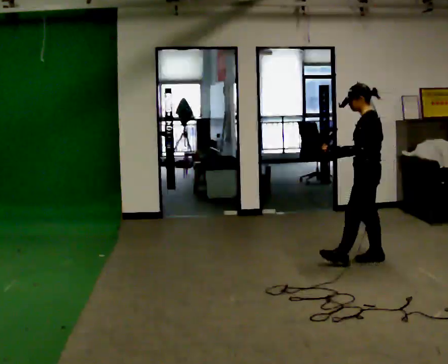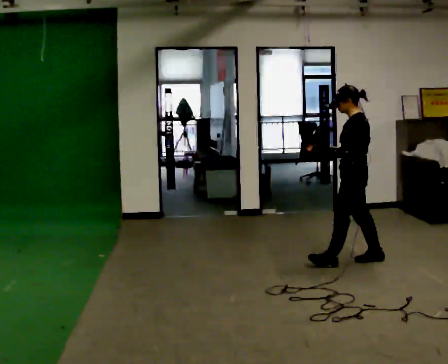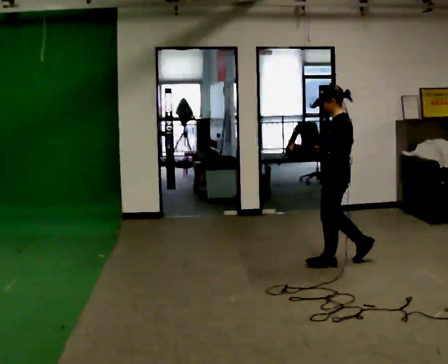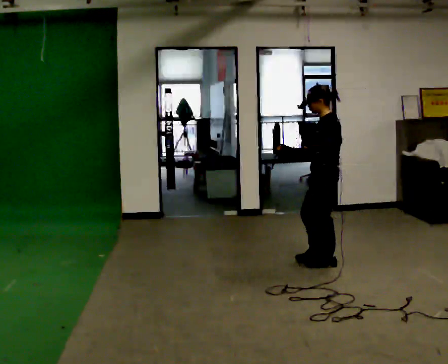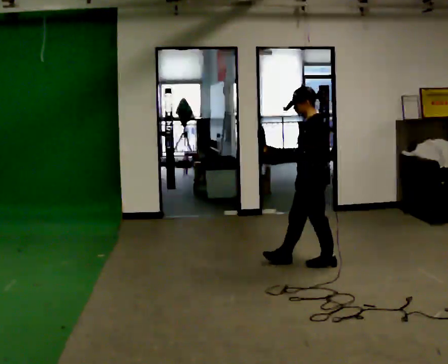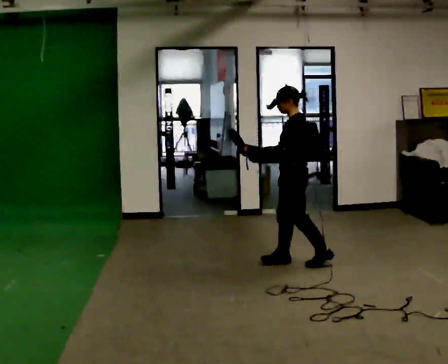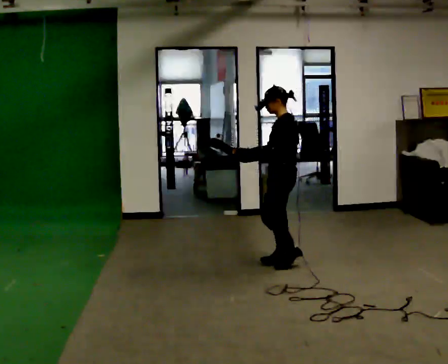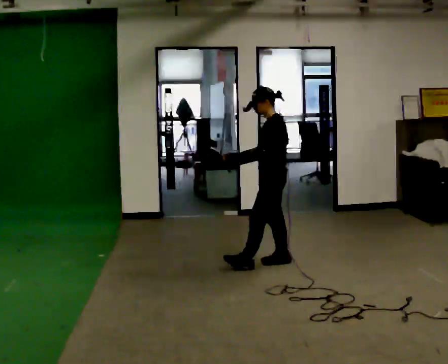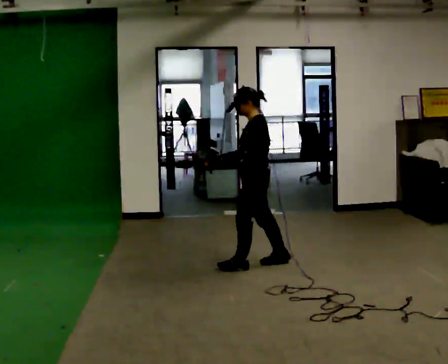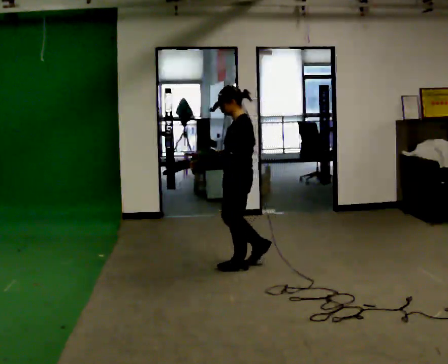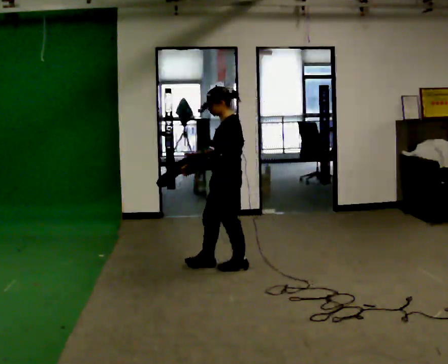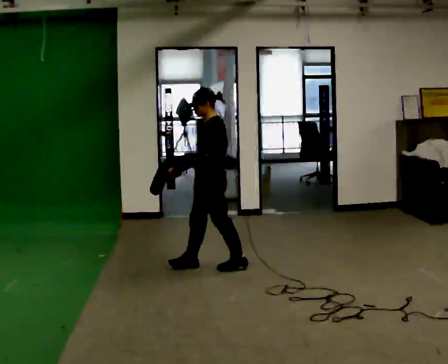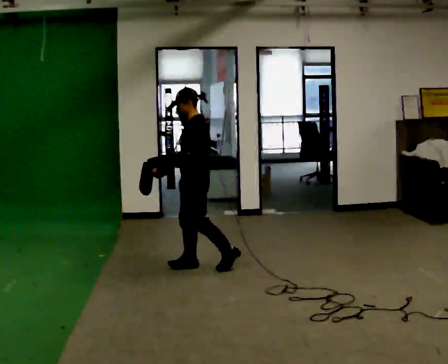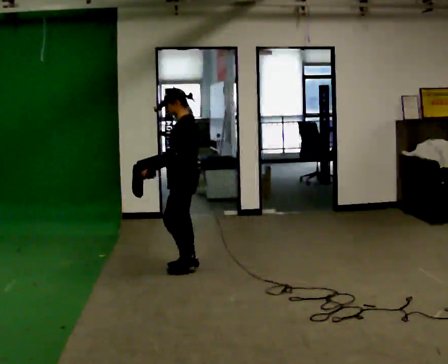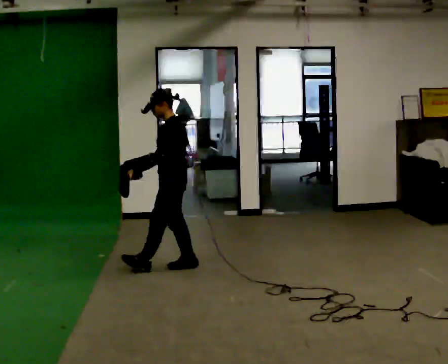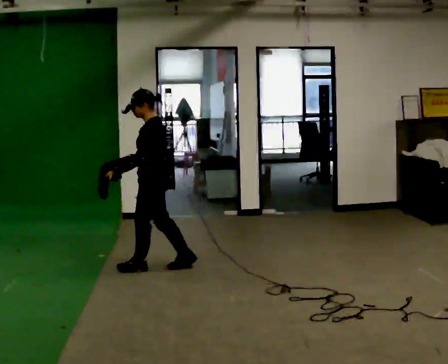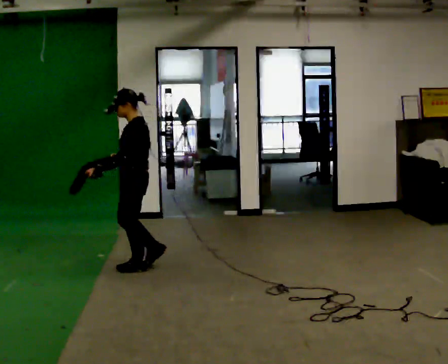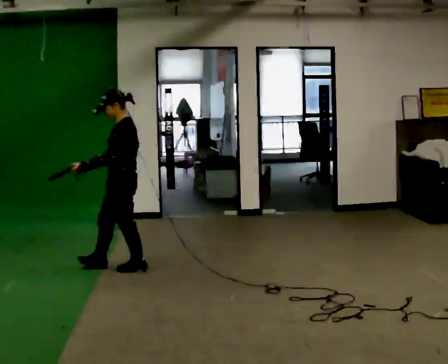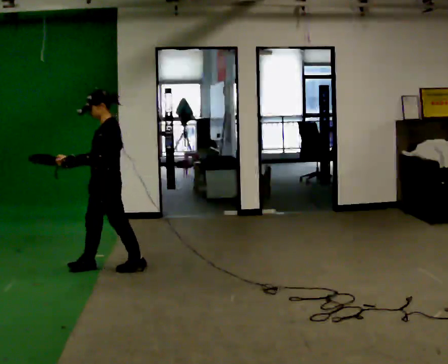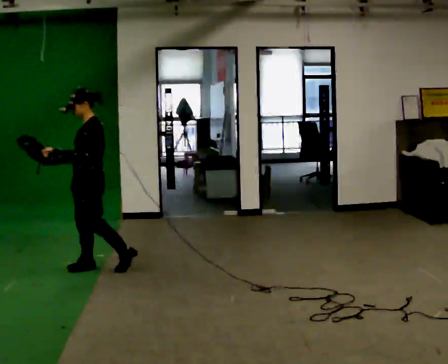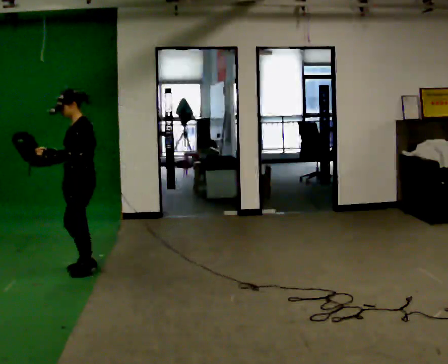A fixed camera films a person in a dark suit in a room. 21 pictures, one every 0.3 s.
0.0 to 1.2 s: In the picture they go to the left, about 0.5 m in 2 steps, which for them is forward.
1.2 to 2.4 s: In the picture they go to the left, about 0.5 m in 1 step, which for them is forward.
2.4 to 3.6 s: In the picture they go to the left, about 0.5 m in 1 step, which for them is forward.
3.6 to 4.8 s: In the picture they go to the left, about 0.5 m in 1 step, which for them is forward.
4.8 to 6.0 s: The person turns about 30 degrees to their left, counterclockwise seen from above, so the part of the body nearest the lens slides to the right. In the picture they go to the left, about 0.5 m in 1 step, which for them is forward.
The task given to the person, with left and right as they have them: Carry the lidded box and, while you are still walking, open the lid, then close it again. Repeat as you walk back and forth. Do not stop to do it.
The film runs forward here.
